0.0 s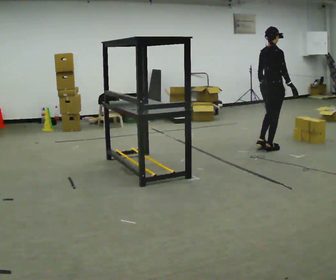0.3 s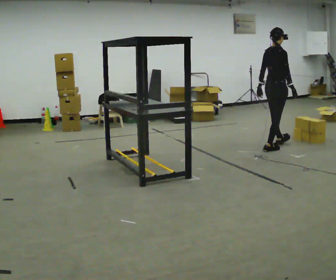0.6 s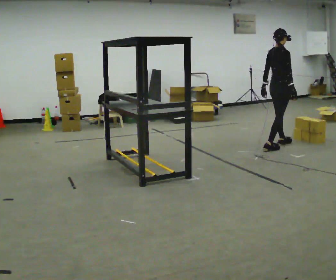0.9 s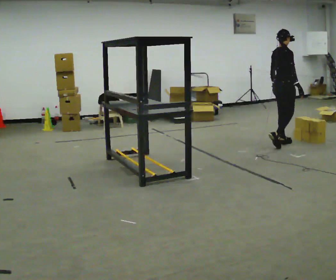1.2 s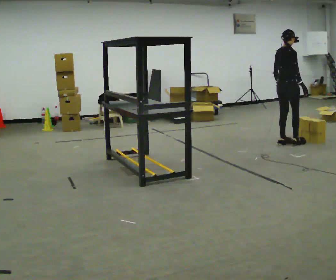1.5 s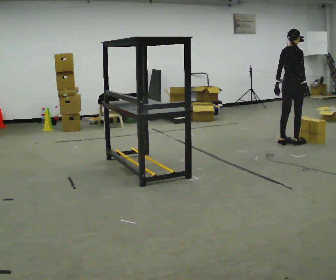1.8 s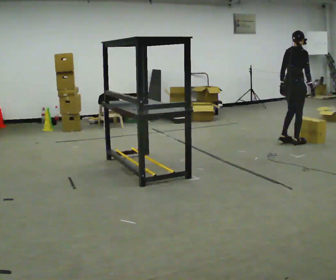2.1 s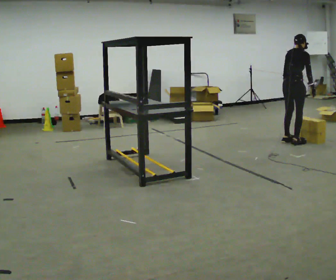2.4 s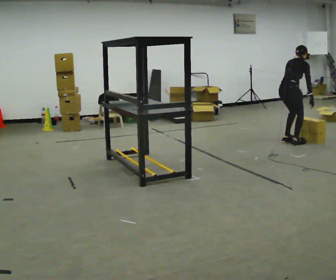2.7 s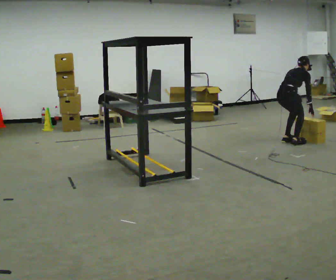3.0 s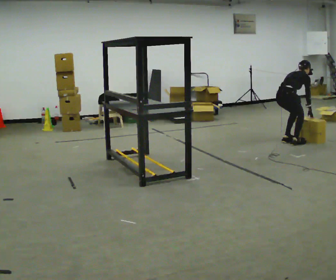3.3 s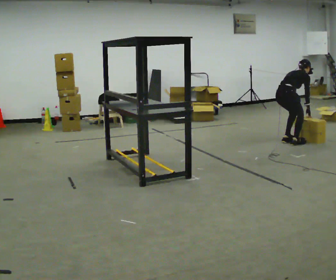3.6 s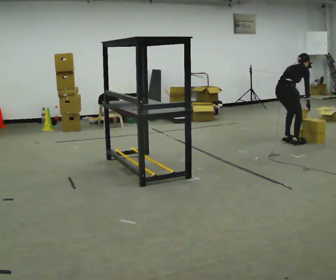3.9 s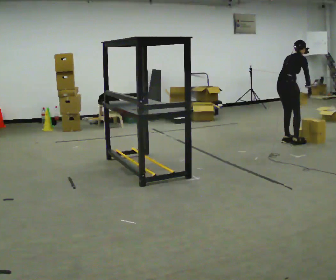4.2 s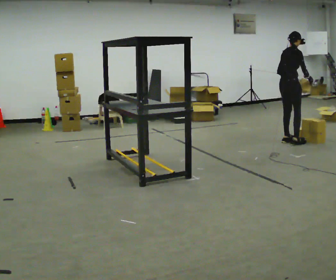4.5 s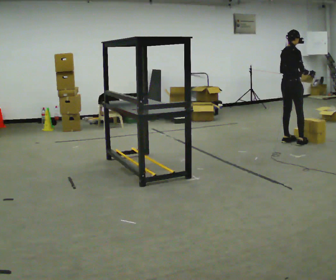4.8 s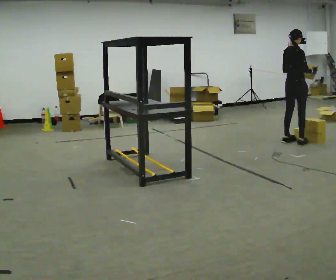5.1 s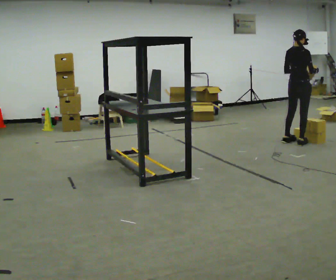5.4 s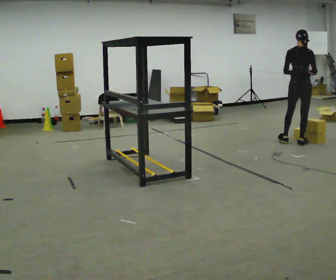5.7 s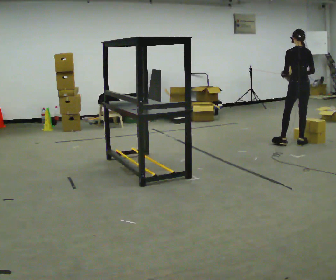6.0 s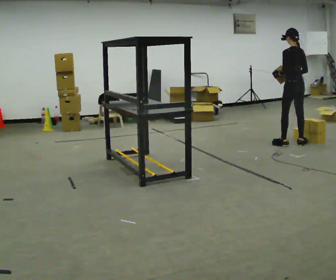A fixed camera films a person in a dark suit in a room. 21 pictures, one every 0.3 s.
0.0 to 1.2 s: In the picture they go away from the camera and to the right, about 0.25 m in 1 step, which for them is forward.
1.2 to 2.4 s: The upper body goes downward. The upper body tips away from the camera, its near side rolling upward, as they bend forward.
2.4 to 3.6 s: In the picture the upper body tilts clockwise, shoulders to the right, as they bend forward.
3.6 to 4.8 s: The upper body goes upward. The upper body tips toward the camera, its near side rolling downward, as they lean back or straighten. In the picture their left hand goes upward.
4.8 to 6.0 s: The person turns about 75 degrees to their left, counterclockwise seen from above, so the part of the body nearest the lens slides to the right.
The film runs forward here.
